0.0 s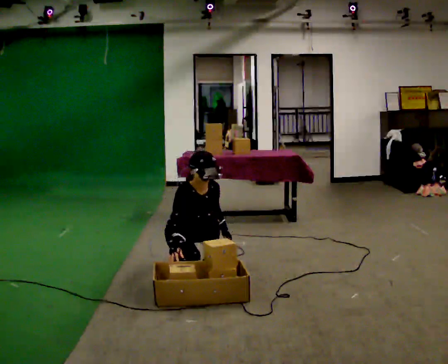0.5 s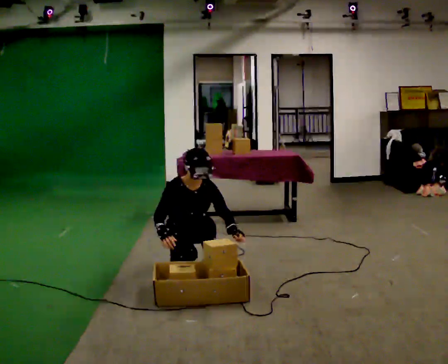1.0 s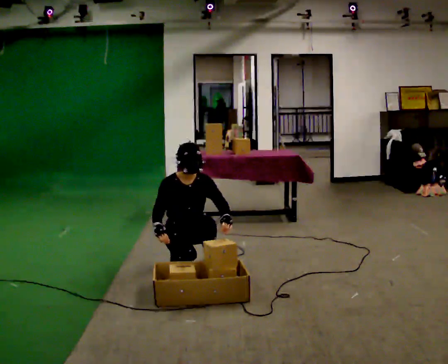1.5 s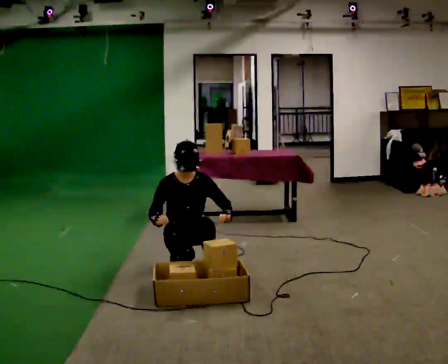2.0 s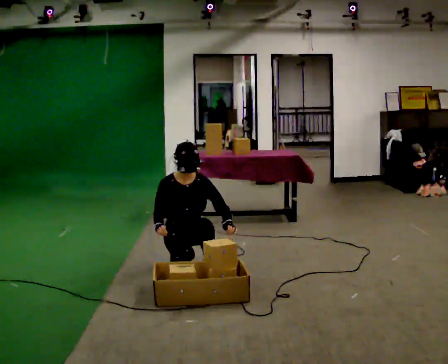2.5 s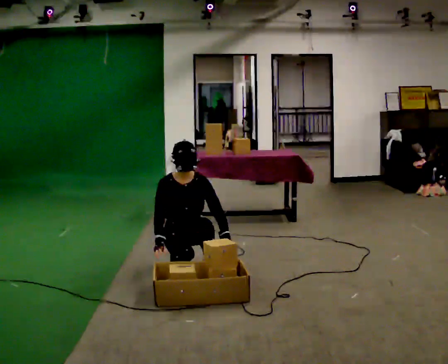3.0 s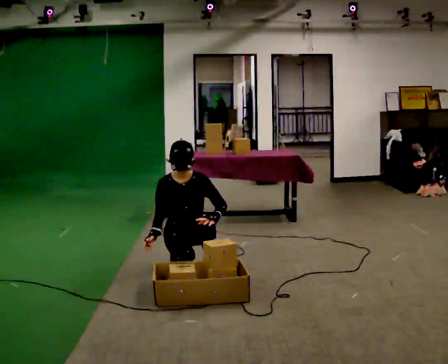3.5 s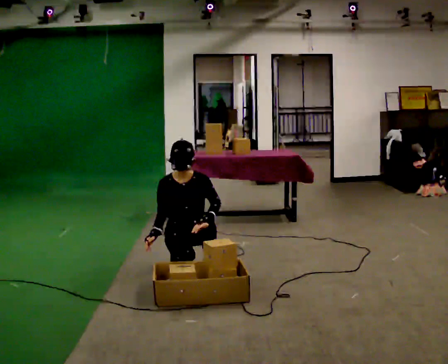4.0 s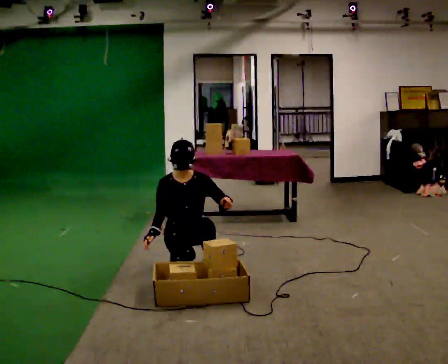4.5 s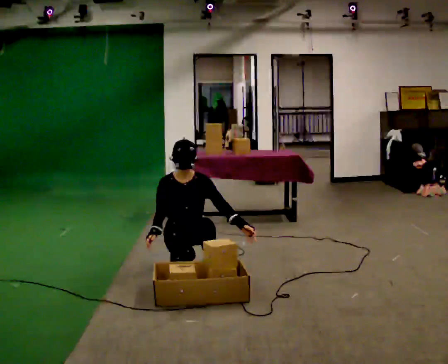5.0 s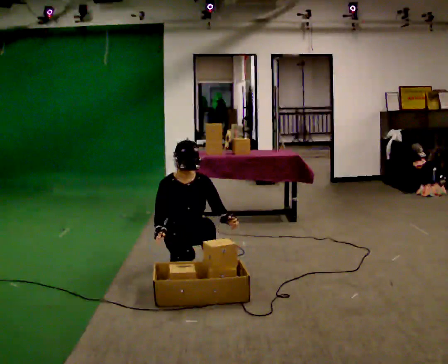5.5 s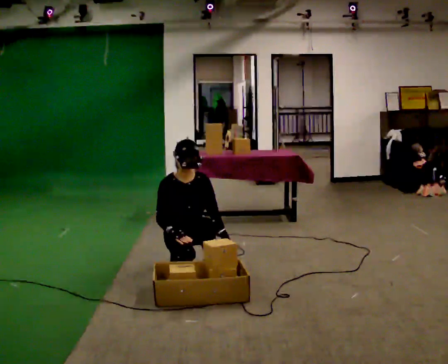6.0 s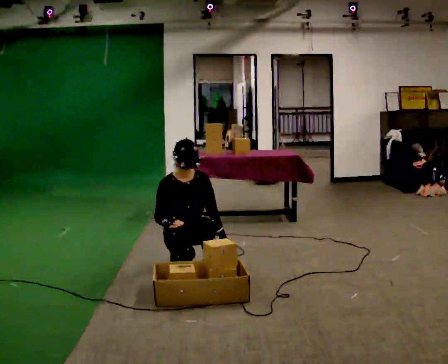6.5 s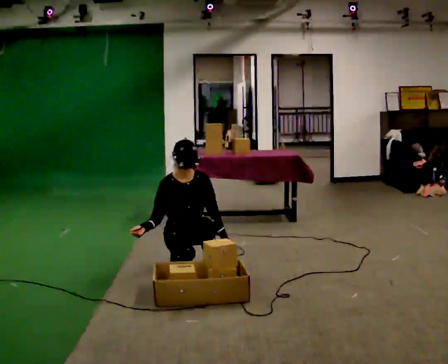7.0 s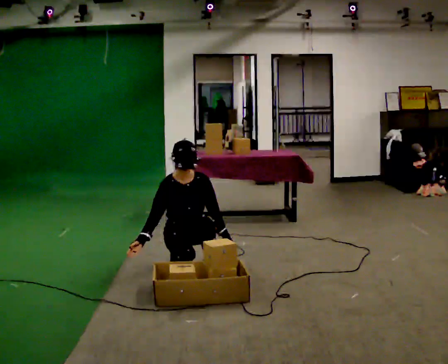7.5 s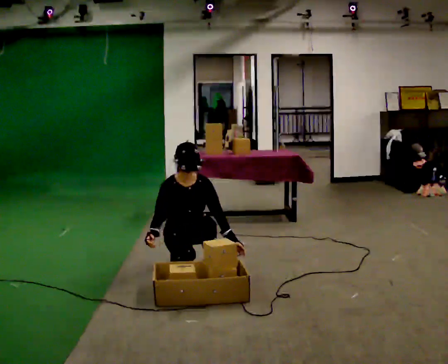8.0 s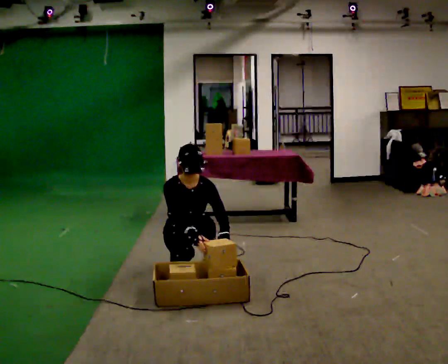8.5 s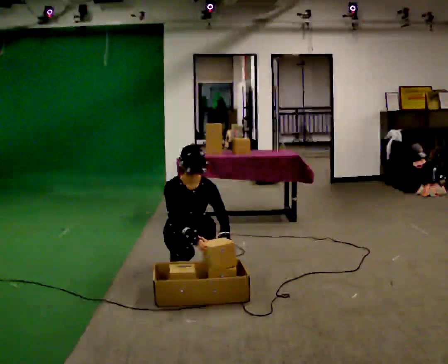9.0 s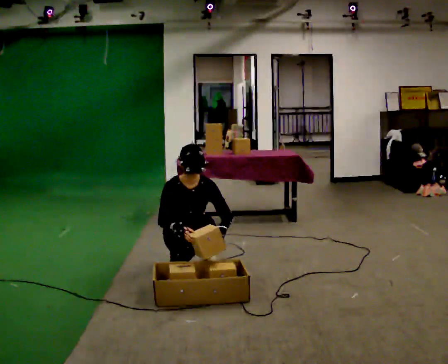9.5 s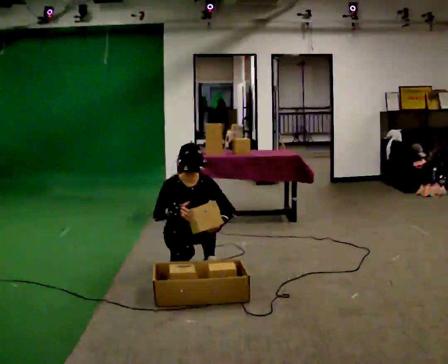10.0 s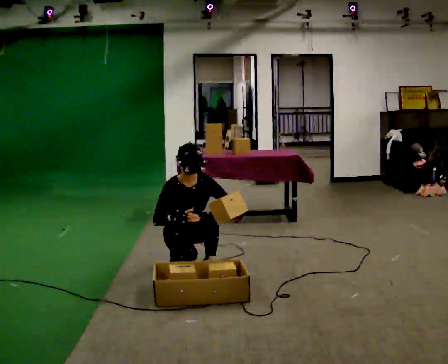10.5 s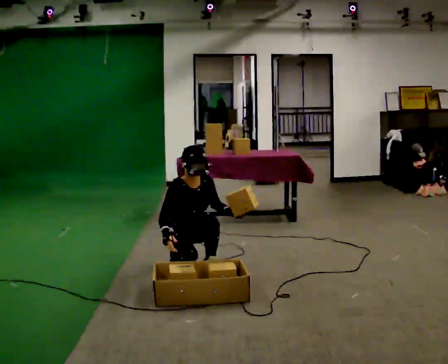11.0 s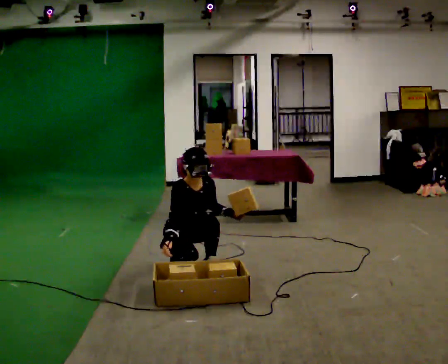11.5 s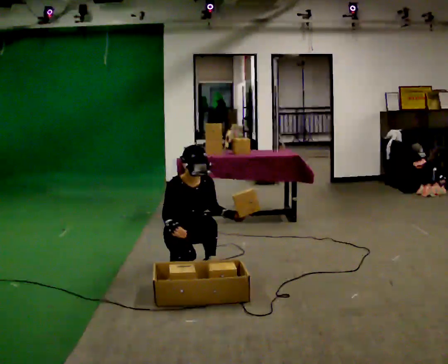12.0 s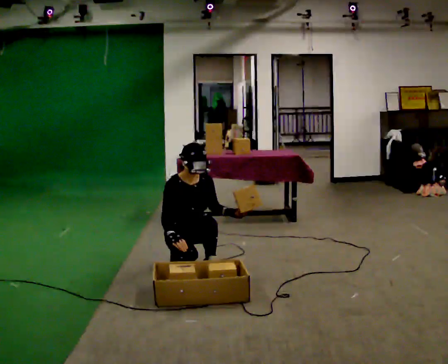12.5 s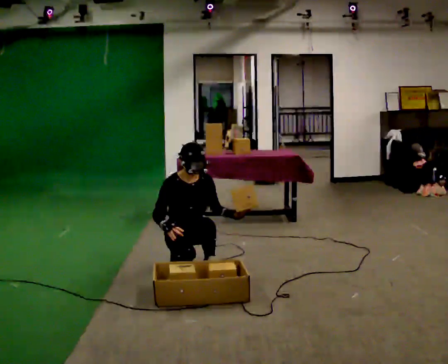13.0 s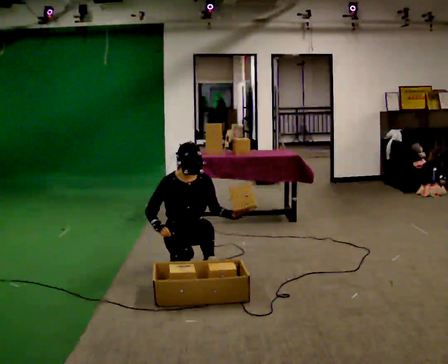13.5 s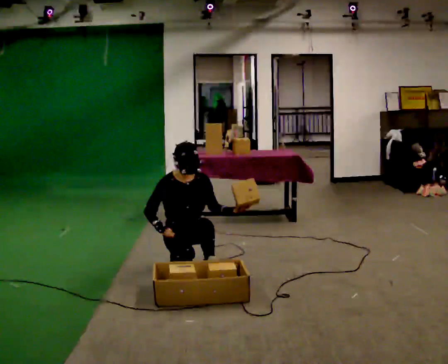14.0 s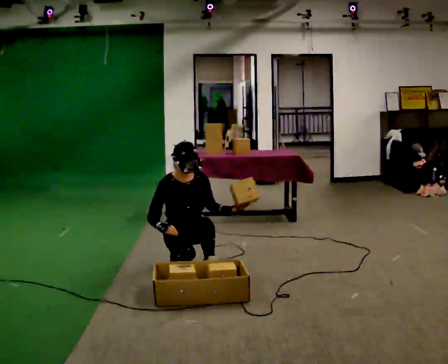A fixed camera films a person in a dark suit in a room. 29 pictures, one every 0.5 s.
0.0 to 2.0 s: The upper body tips away from the camera, its near side rolling upward, as they lean back or straighten.
2.0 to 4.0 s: The person moves a little, or ends about where they began.
4.0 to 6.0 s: In the picture their left hand goes downward.
6.0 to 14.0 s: The person moves a little, or ends about where they began.
The film runs backward here.
